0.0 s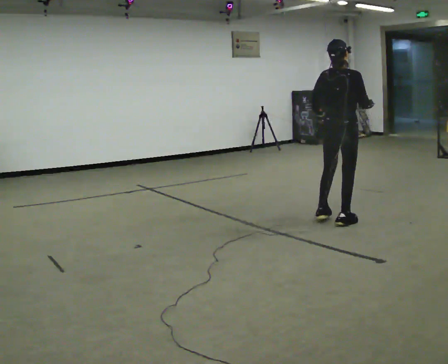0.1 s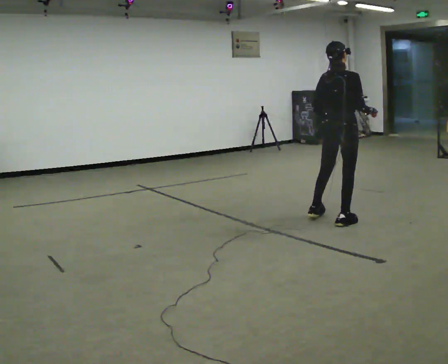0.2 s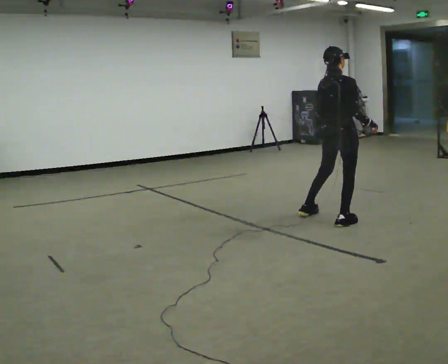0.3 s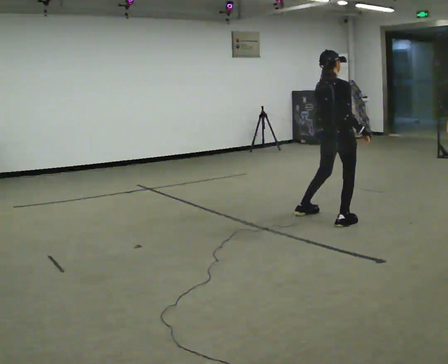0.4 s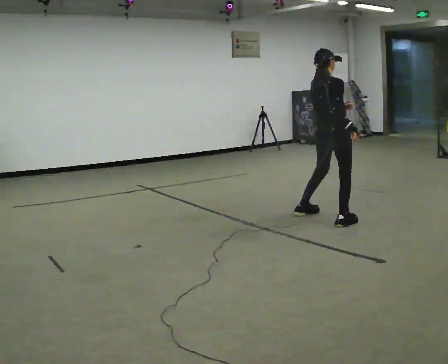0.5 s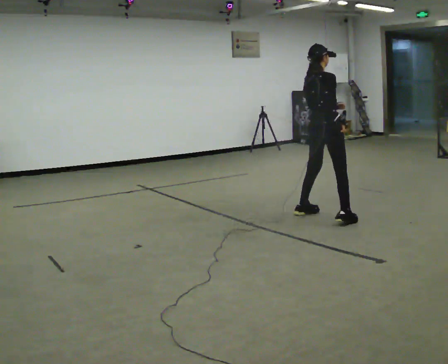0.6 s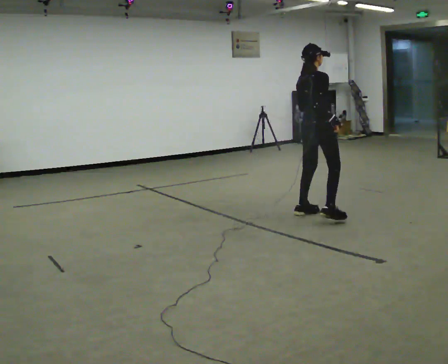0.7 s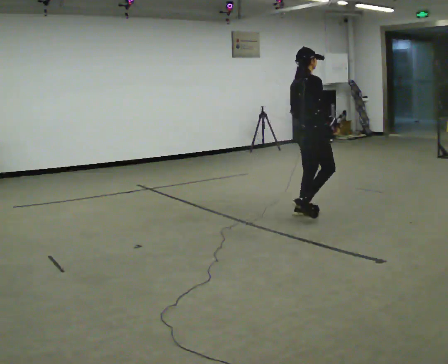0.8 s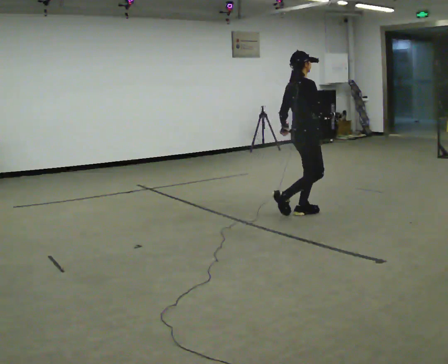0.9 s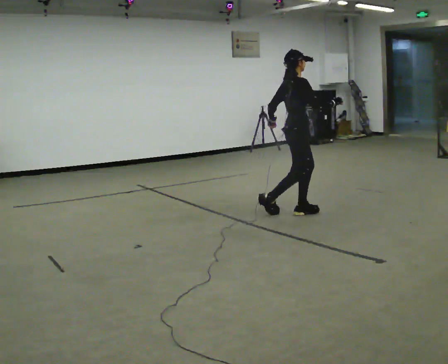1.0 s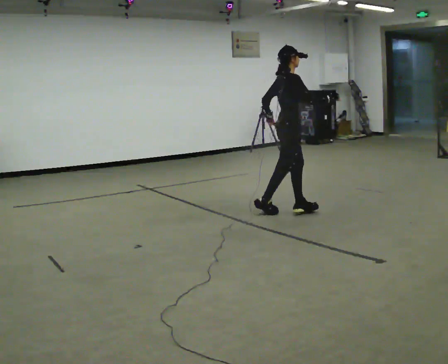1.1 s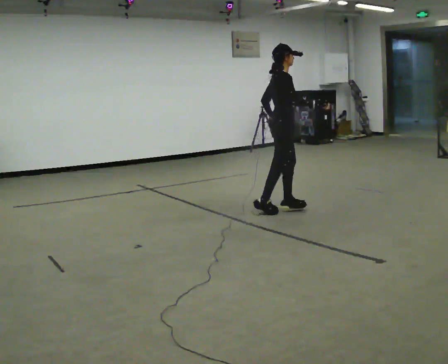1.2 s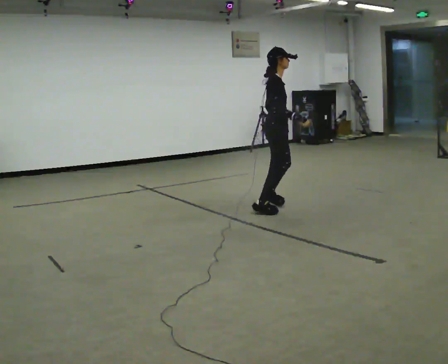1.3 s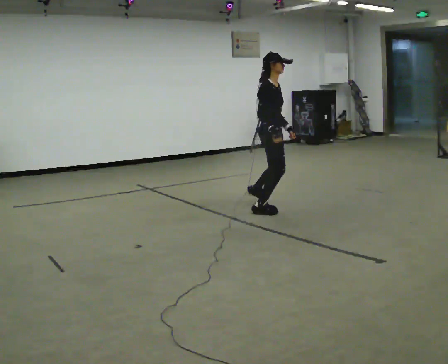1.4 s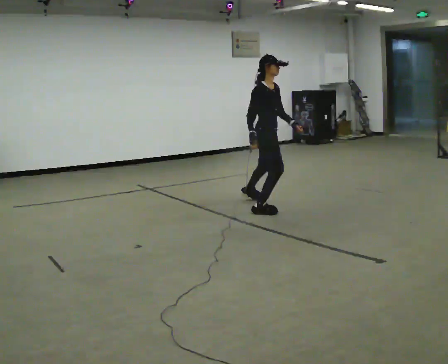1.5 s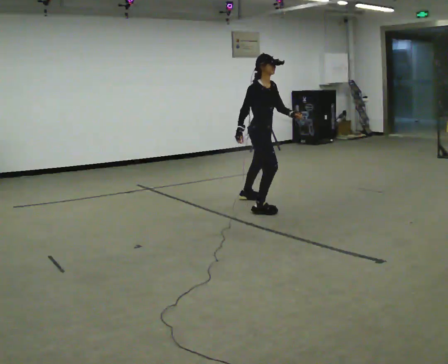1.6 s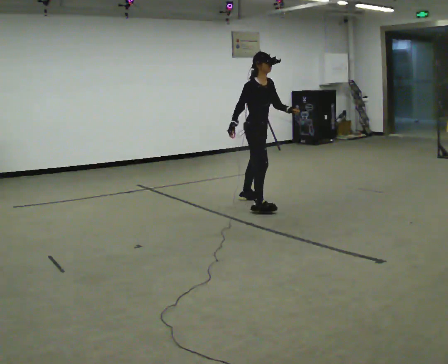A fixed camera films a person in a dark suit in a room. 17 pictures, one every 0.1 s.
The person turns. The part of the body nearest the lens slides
to the left.
The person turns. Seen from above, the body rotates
clockwise.
0.0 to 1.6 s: The person turns about 90 degrees to their right, clockwise seen from above, so the part of the body nearest the lens slides to the left. In the picture they go to the left and away from the camera, about 1 m in 3 steps.
The film runs backward here.
